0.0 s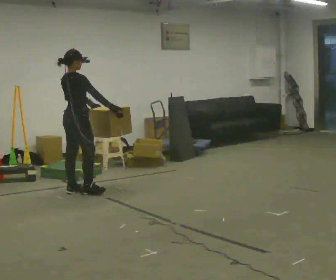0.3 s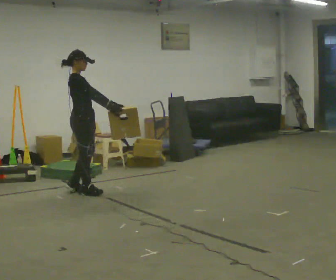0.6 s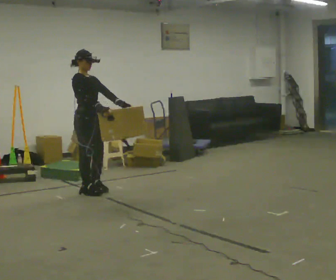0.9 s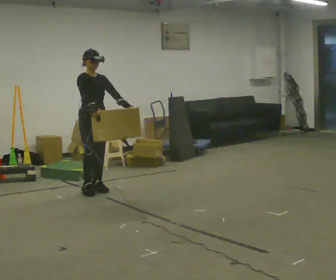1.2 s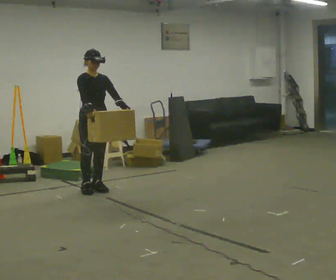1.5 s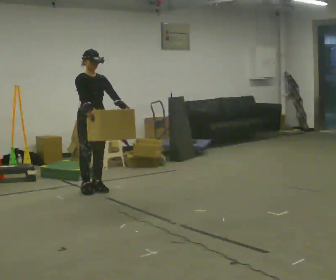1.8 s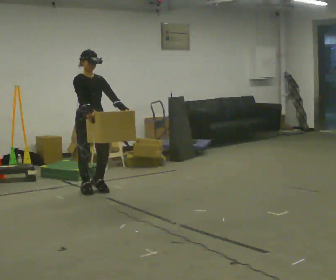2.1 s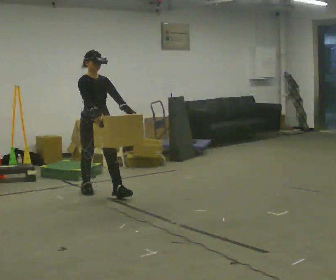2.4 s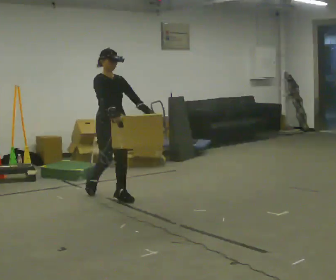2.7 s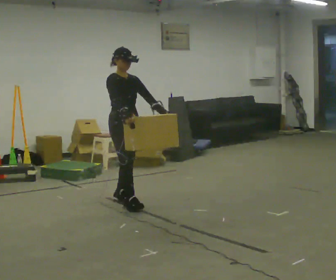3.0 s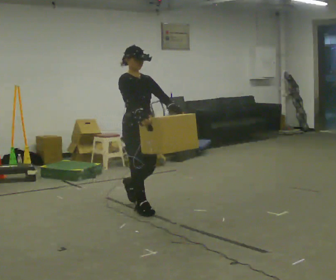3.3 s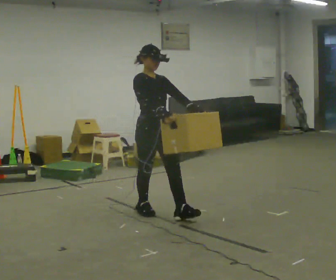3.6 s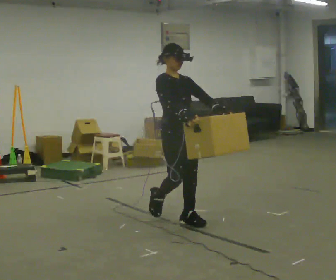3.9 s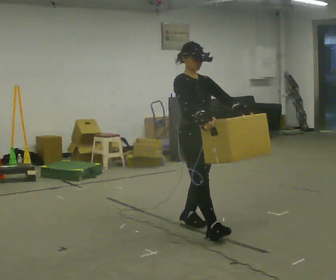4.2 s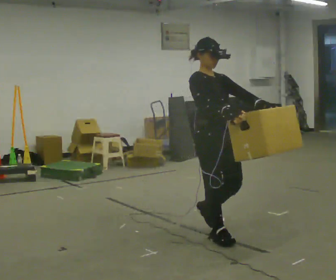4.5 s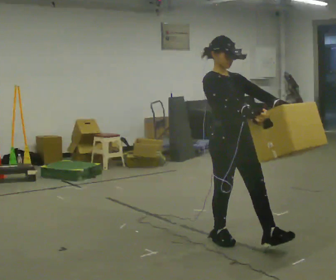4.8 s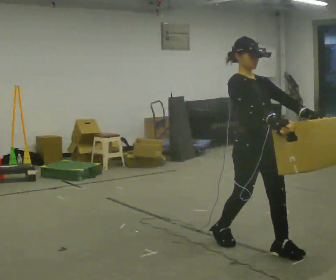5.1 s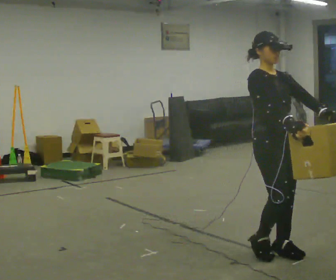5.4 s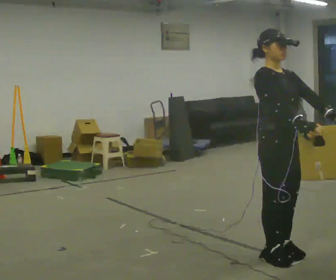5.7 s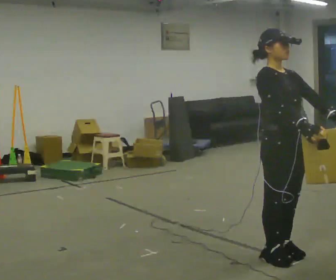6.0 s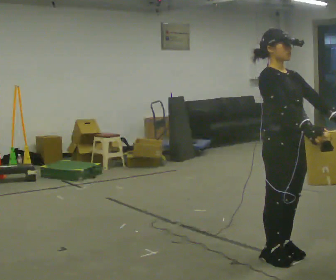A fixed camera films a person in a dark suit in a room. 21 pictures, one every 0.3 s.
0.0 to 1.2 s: The part of the body nearest the lens slides to the left as the person turns to their right by about 90 degrees. In the picture they go to the right, about 0.25 m in 1 step.
1.2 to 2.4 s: In the picture they go toward the camera and to the right, about 0.5 m in 1 step, which for them is forward.
2.4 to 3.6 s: In the picture they go toward the camera and to the right, about 1 m in 2 steps, which for them is forward.
3.6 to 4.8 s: In the picture they go toward the camera and to the right, about 1 m in 2 steps, which for them is forward.
4.8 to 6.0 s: In the picture they go toward the camera, about 0.25 m in 1 step, which for them is forward.
The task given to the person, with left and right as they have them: Carry the heavy box in both hands in front of you, walking back and forth across the room. Keep walking until the operator says stop. Set it down if you need a rest.
The film runs forward here.
